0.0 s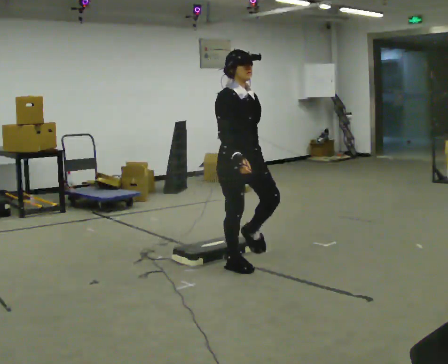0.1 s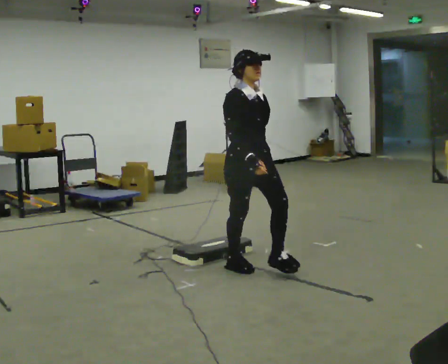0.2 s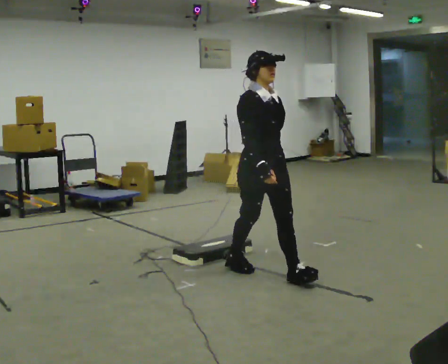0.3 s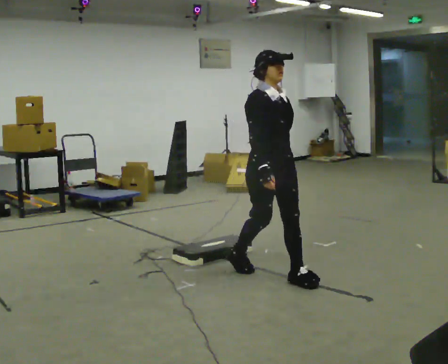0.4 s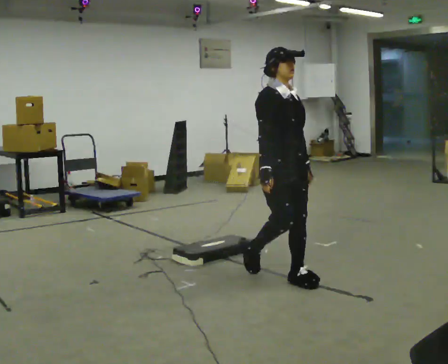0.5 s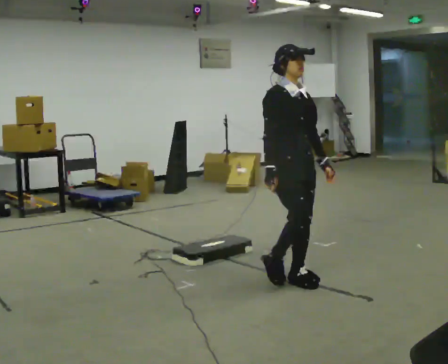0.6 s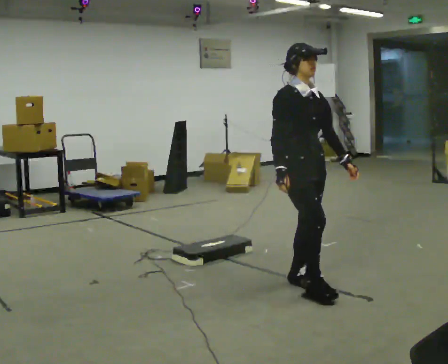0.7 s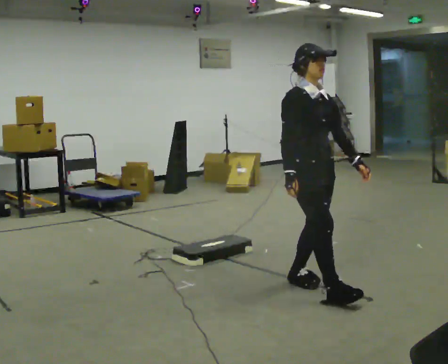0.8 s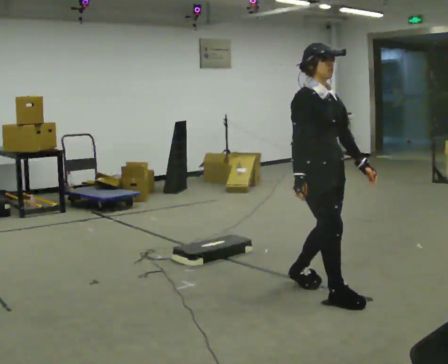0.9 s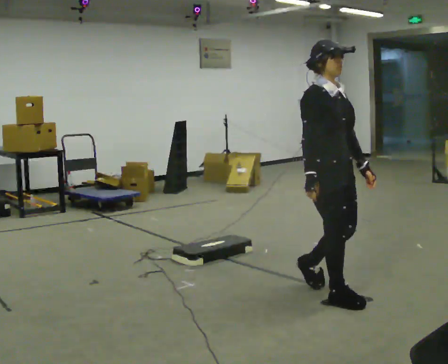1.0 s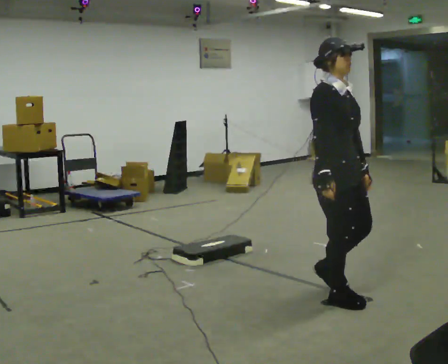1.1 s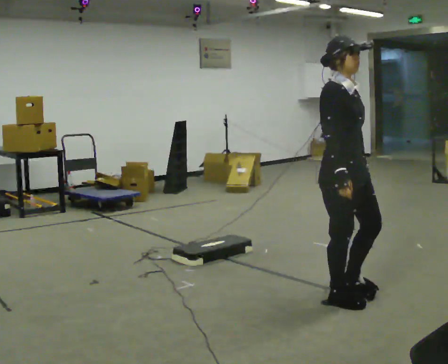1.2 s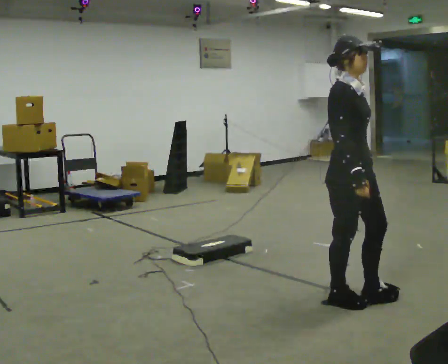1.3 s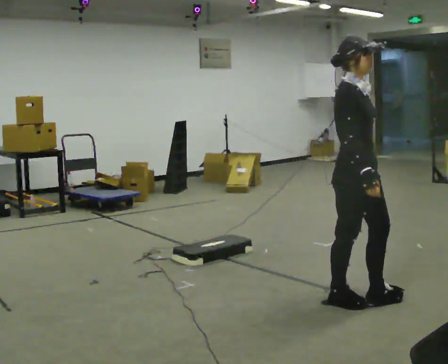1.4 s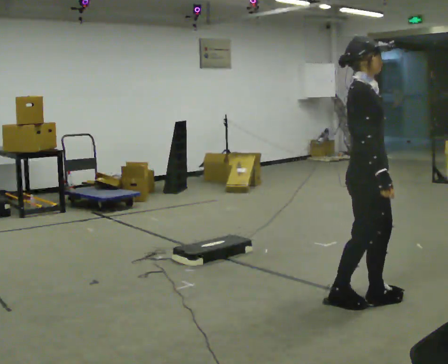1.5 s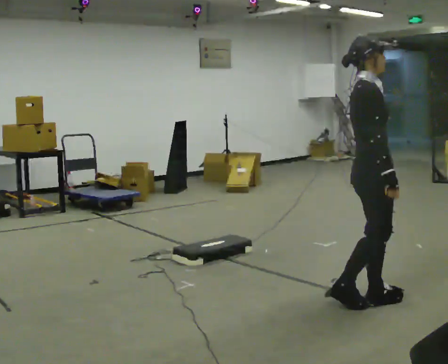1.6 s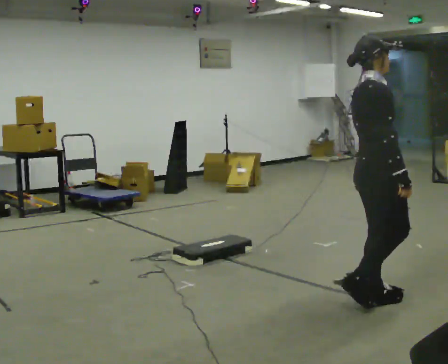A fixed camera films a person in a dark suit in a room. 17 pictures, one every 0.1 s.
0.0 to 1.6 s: The person turns about 60 degrees to their left, counterclockwise seen from above, so the part of the body nearest the lens slides to the right. In the picture they go to the right and toward the camera, about 1 m in 3 steps.
The film runs forward here.
